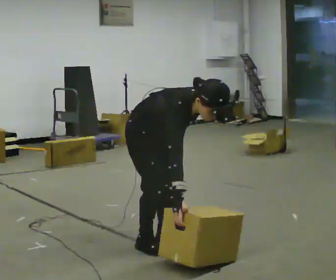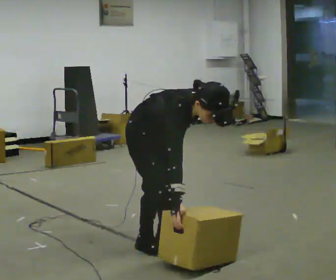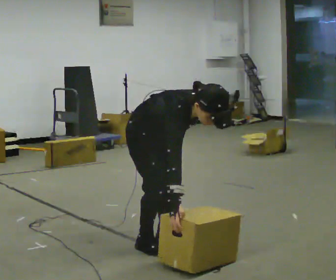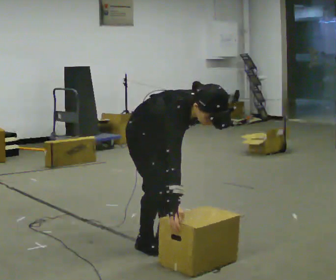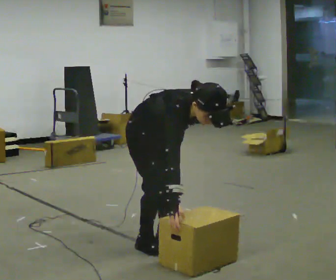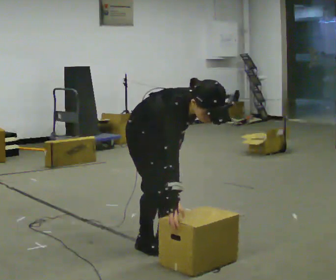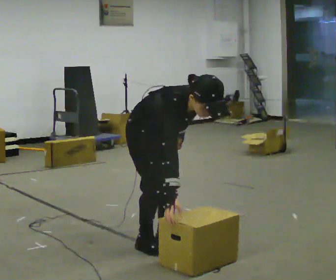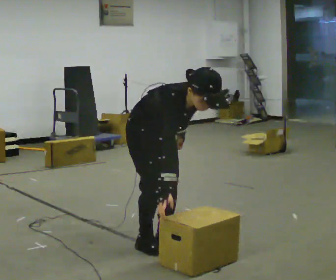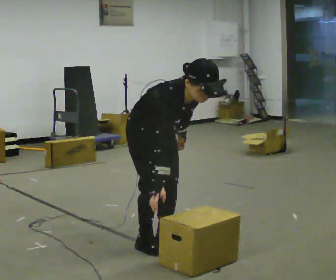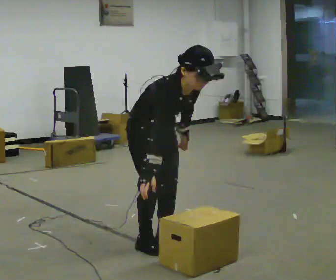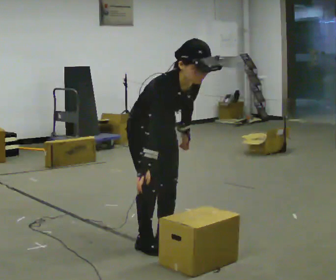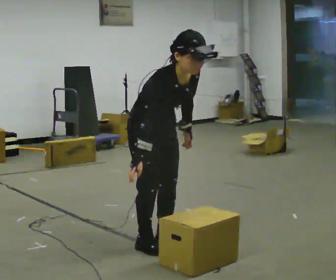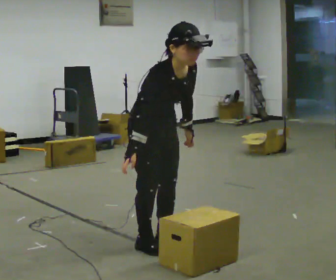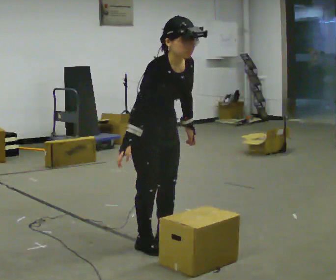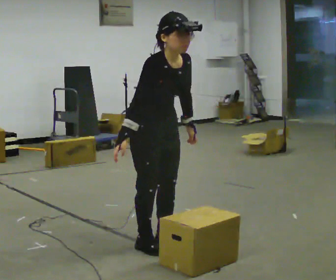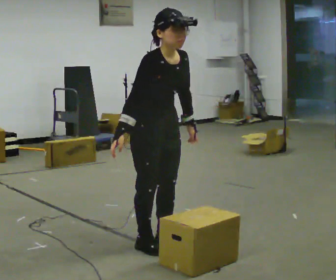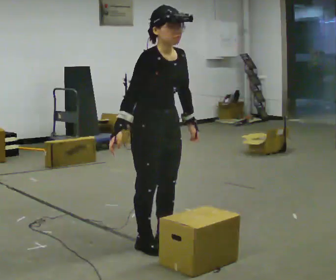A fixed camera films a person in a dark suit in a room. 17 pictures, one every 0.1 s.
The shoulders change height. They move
upward.
The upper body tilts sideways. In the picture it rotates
counterclockwise.
0.0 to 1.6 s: The upper body goes upward. In the picture the upper body tilts counterclockwise, shoulders to the left, as they lean back or straighten.
The film runs forward here.
